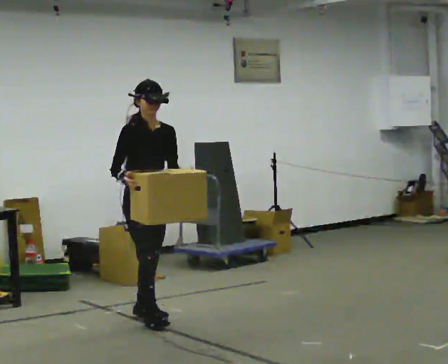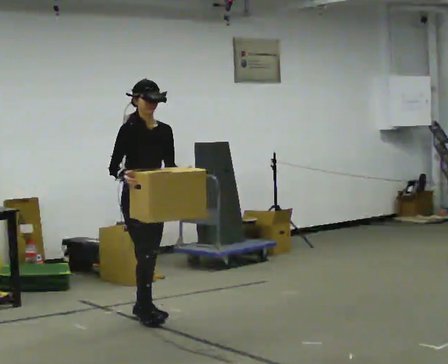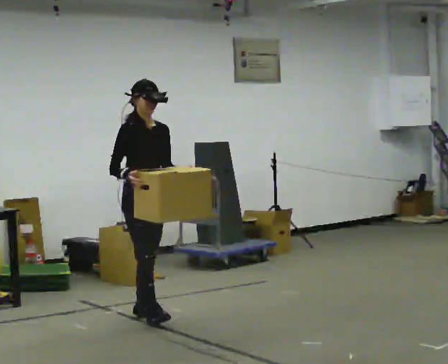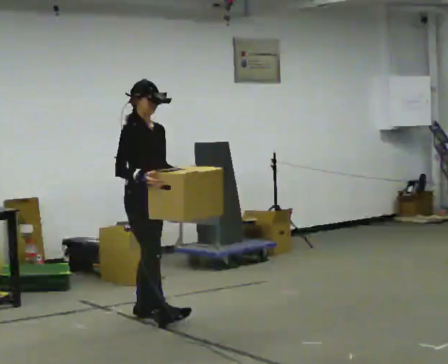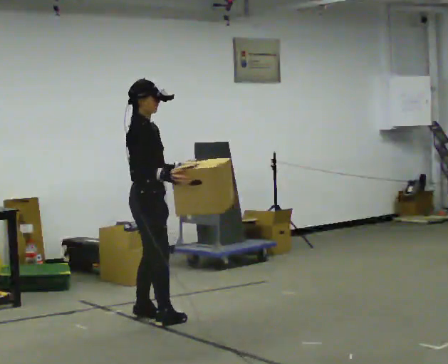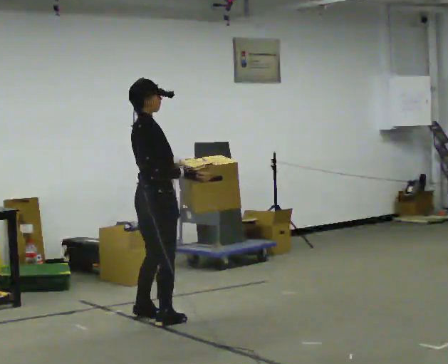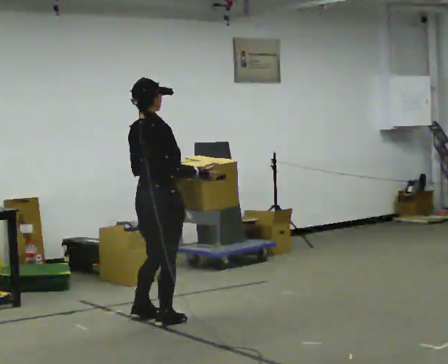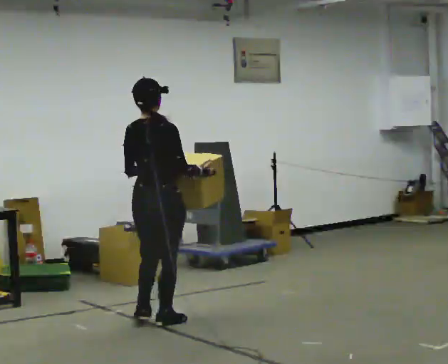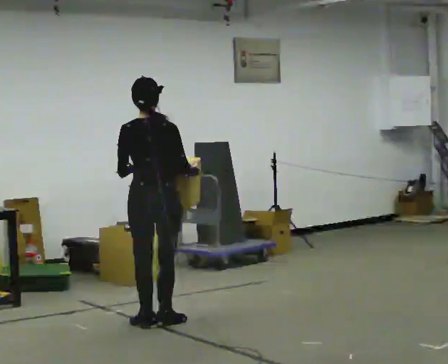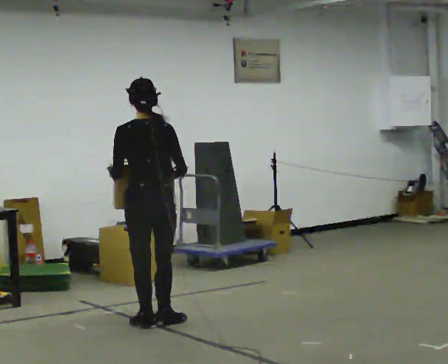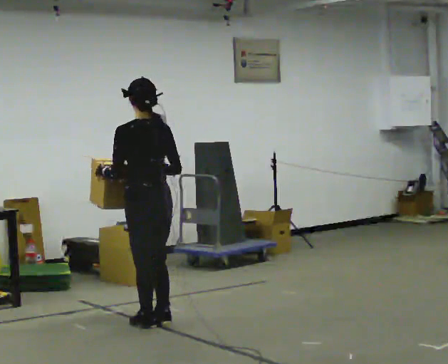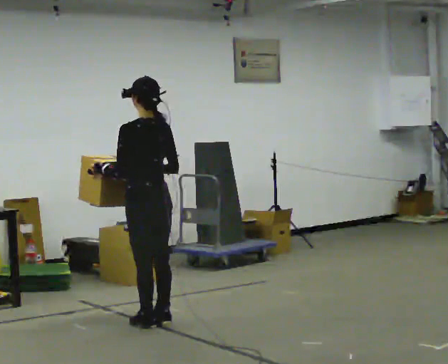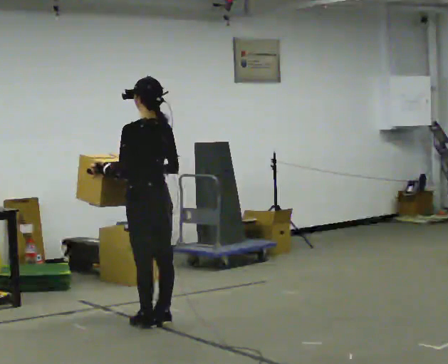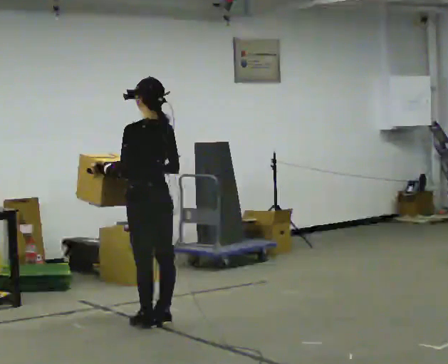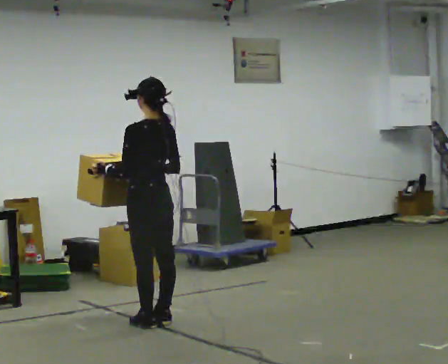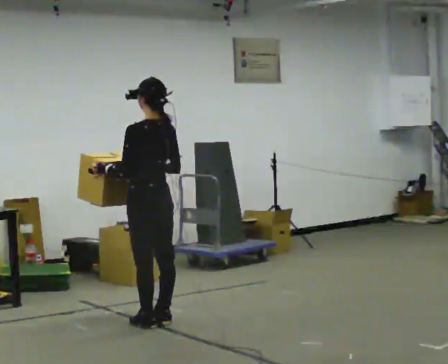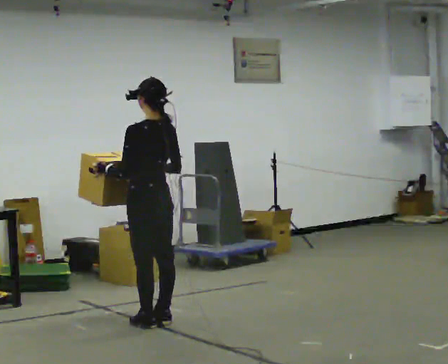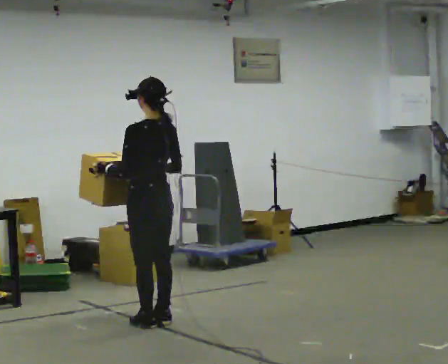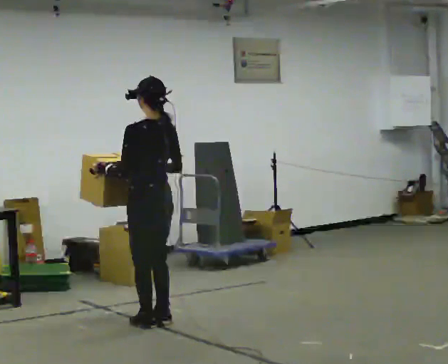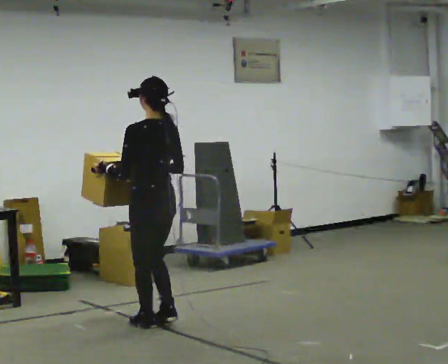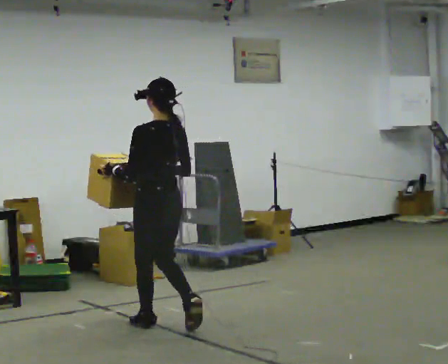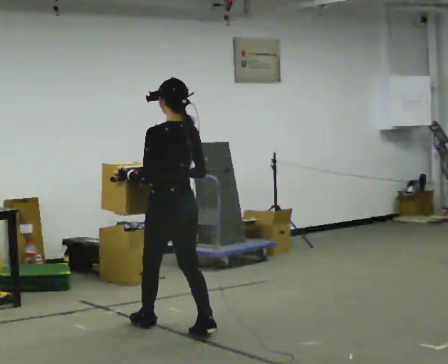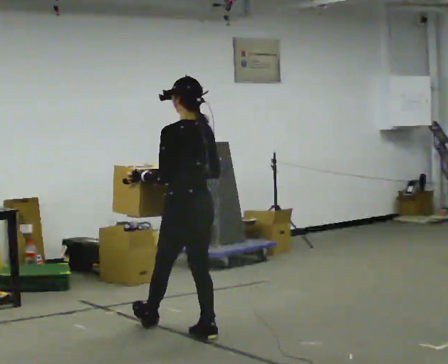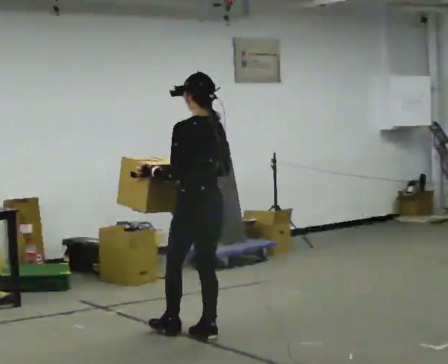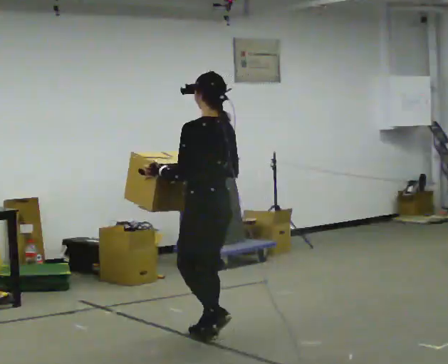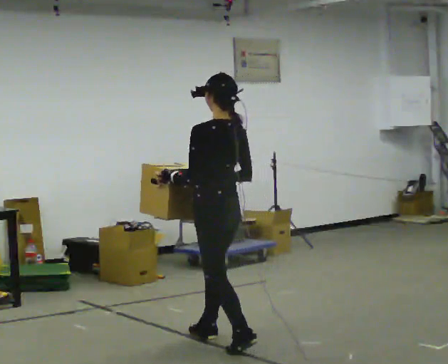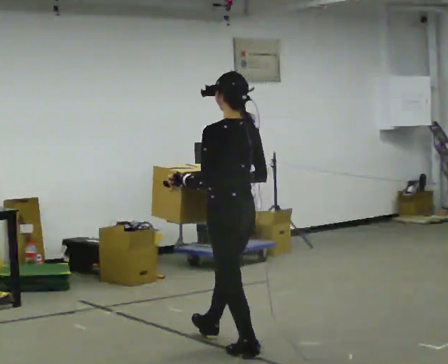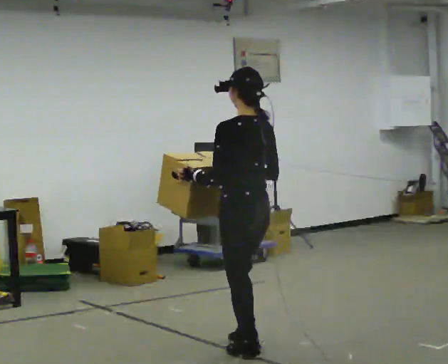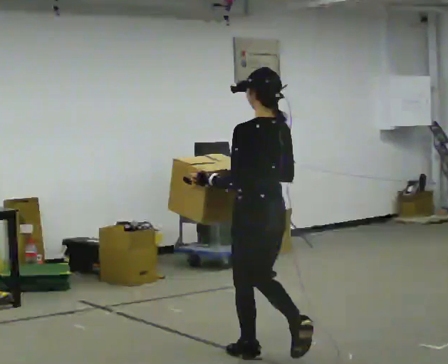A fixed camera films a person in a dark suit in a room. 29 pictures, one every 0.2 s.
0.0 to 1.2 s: Seen from above the body turns counterclockwise, about 90 degrees: to their left, with its near side sliding to the right. In the picture their right hand goes to the right, the arm swinging counterclockwise.
1.2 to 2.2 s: Seen from above the body turns counterclockwise, about 90 degrees: to their left, with its near side sliding to the right.
2.2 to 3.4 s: The person moves a little, or ends about where they began.
3.4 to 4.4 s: In the picture they go toward the camera and to the right, about 0.25 m in 1 step, which for them is backward.
4.4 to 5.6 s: In the picture they go toward the camera and to the right, about 0.5 m in 2 steps, which for them is backward.
The film runs backward here.
